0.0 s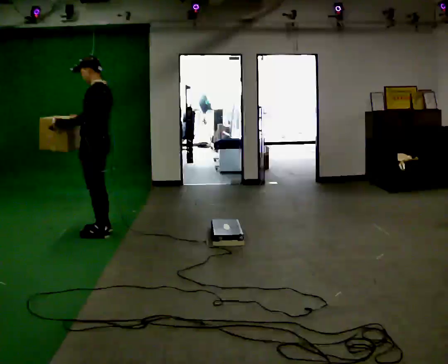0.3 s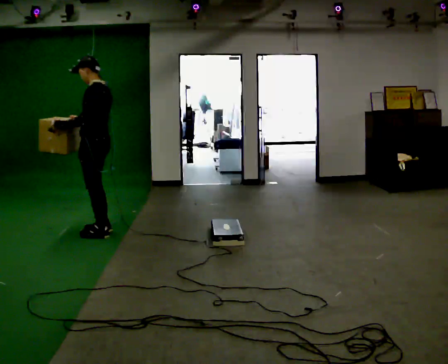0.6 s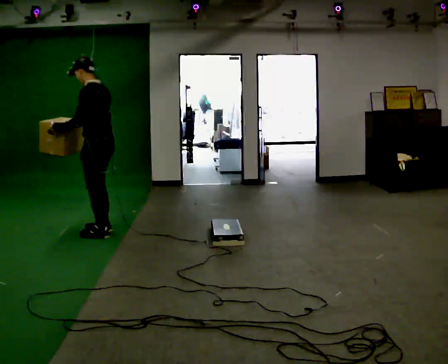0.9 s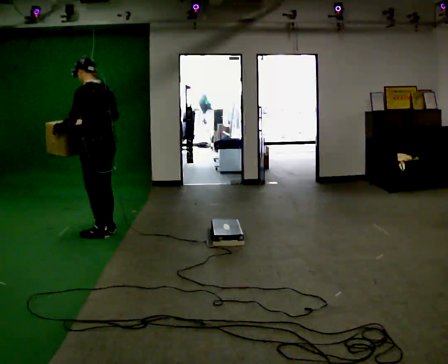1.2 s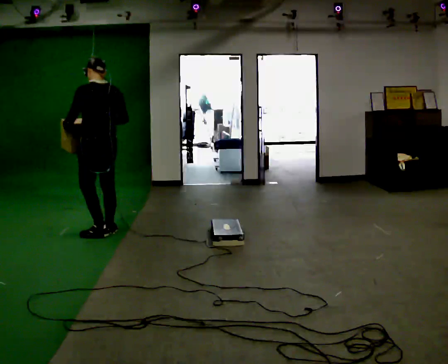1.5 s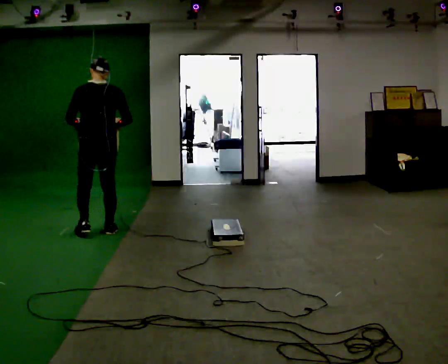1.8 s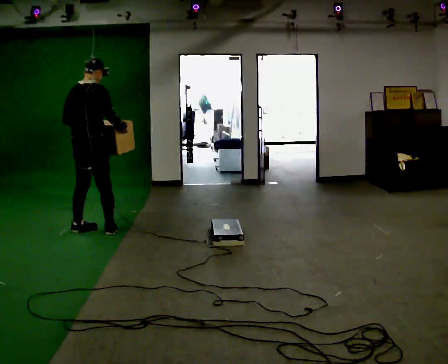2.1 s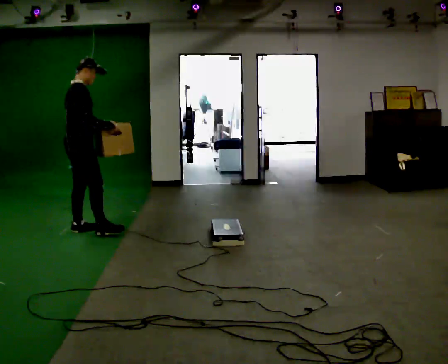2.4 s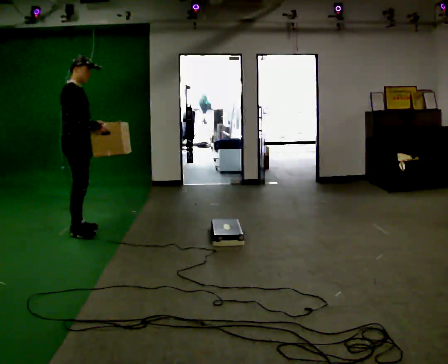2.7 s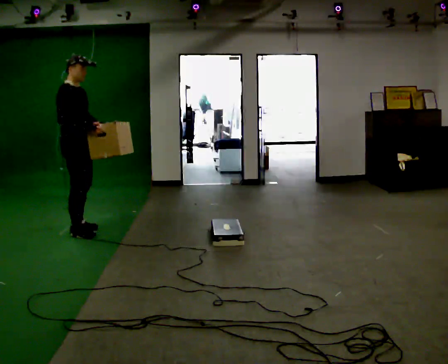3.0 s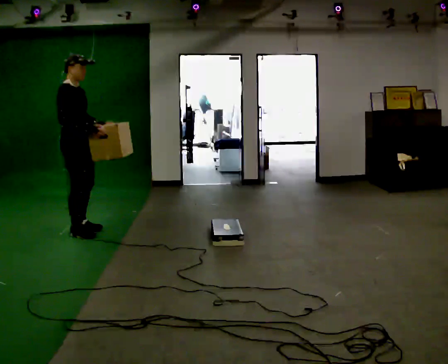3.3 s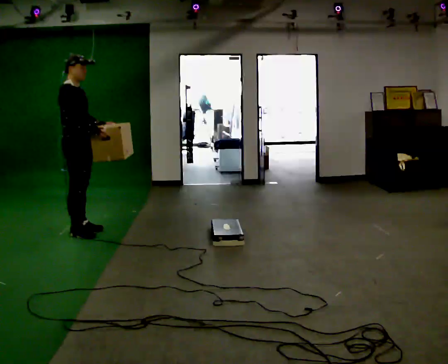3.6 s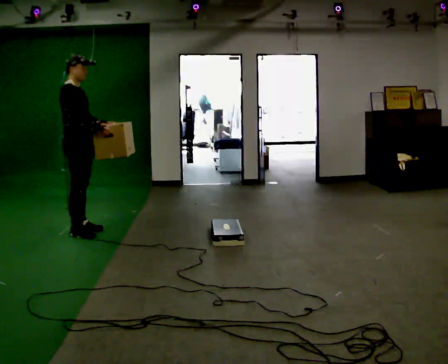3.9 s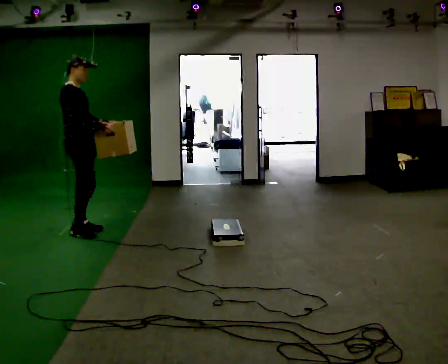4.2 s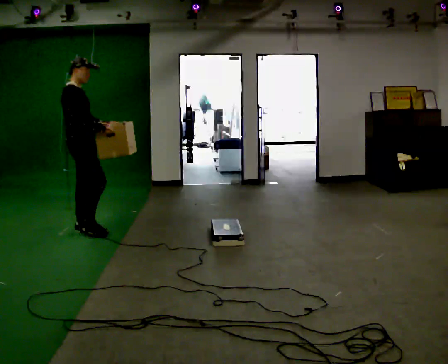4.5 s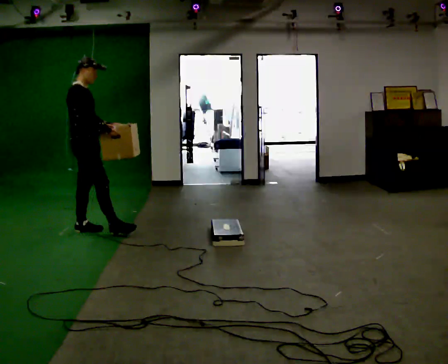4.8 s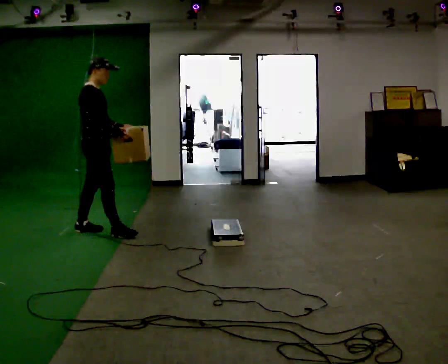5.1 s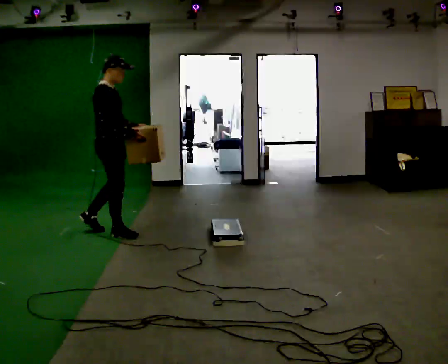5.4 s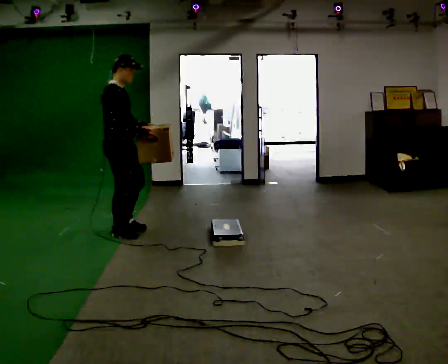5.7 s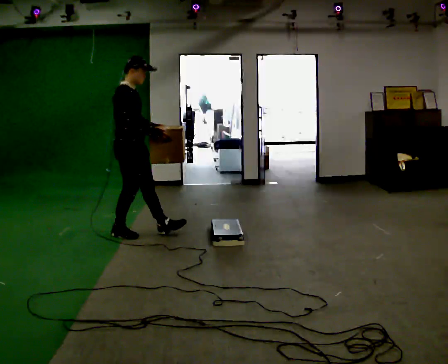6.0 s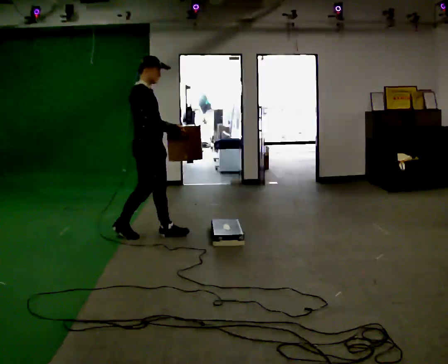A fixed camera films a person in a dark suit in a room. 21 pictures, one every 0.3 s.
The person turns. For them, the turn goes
to their right.
The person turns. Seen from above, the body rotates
clockwise.
0.0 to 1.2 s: The person turns about 45 degrees to their right, clockwise seen from above, so the part of the body nearest the lens slides to the left. In the picture their right hand goes to the right.
1.2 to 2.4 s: Seen from above the body turns clockwise, about 135 degrees: to their right, with its near side sliding to the left. In the picture they go to the left and away from the camera, about 0.25 m in 1 step.
2.4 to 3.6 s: The person moves a little, or ends about where they began.
3.6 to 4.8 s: In the picture they go to the right, about 0.25 m in 1 step, which for them is forward.
4.8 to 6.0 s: In the picture they go to the right and toward the camera, about 0.5 m in 1 step, which for them is forward.
The film runs forward here.
